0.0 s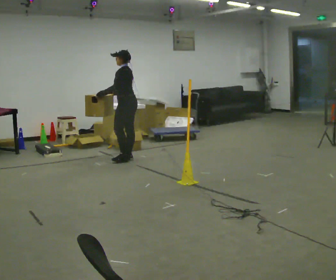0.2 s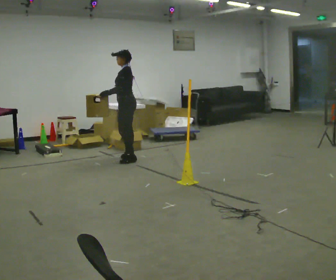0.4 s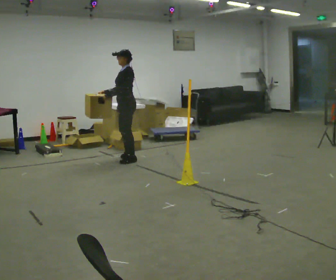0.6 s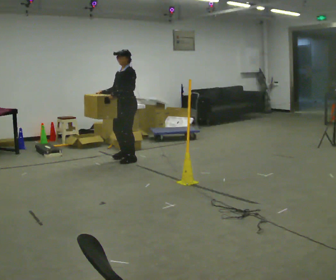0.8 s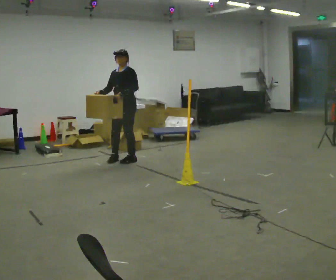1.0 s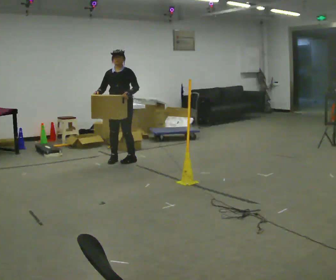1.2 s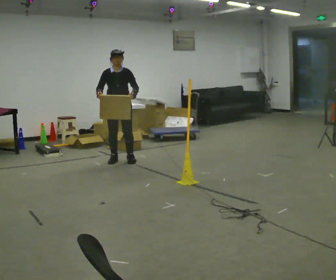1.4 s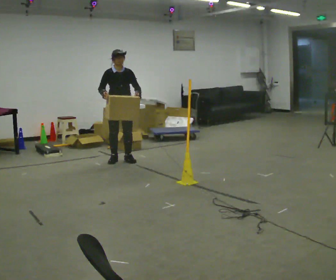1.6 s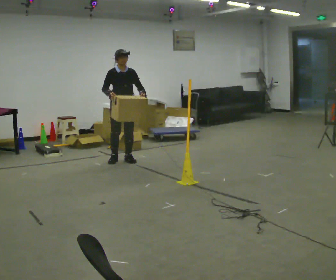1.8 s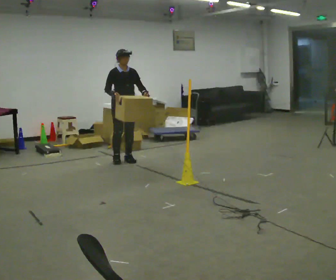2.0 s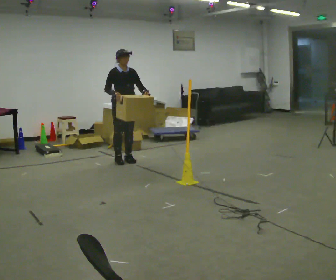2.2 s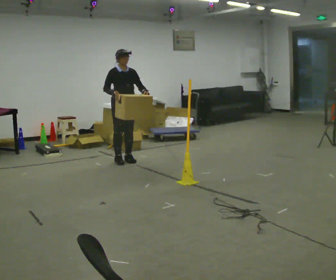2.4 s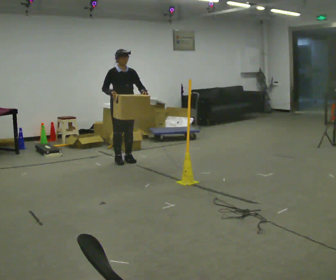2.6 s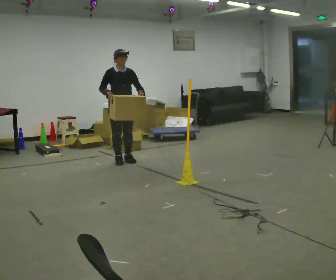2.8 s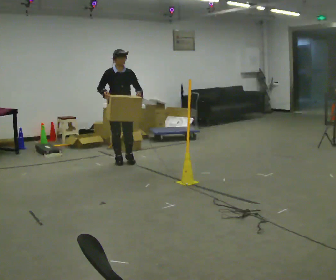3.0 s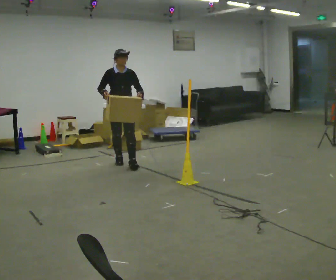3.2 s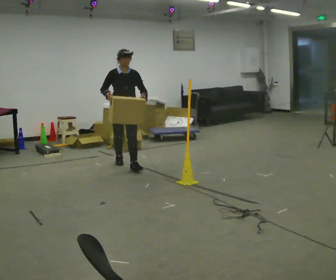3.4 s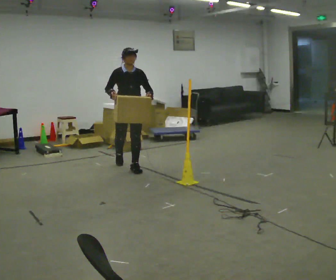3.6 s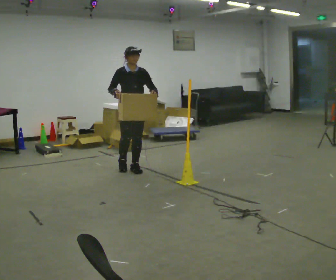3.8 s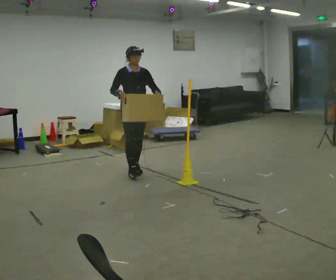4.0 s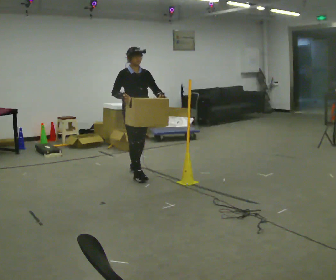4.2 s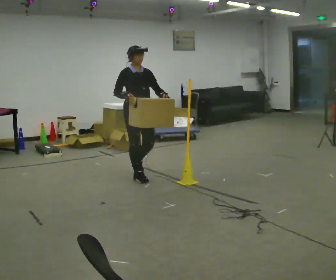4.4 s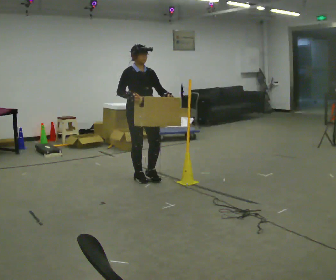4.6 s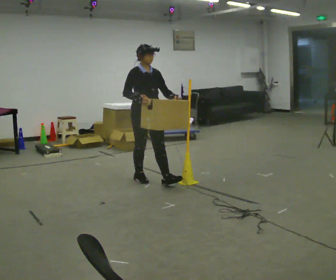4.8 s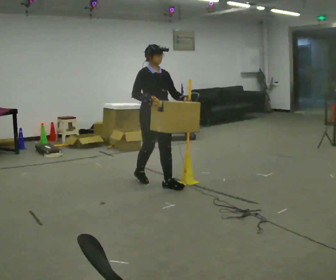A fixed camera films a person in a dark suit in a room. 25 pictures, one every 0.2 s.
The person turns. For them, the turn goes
to their left.
The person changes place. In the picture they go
toward the camera.
0.0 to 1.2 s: The part of the body nearest the lens slides to the right as the person turns to their left by about 105 degrees. In the picture their left hand goes to the right.
1.2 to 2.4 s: The person moves a little, or ends about where they began.
2.4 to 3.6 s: In the picture they go toward the camera, about 0.5 m in 1 step, which for them is forward.
3.6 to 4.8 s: In the picture they go toward the camera, about 0.75 m in 2 steps, which for them is forward.
The film runs forward here.
